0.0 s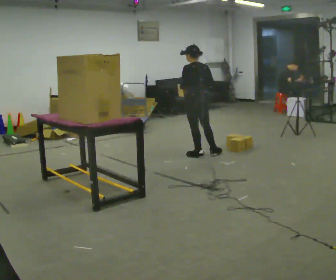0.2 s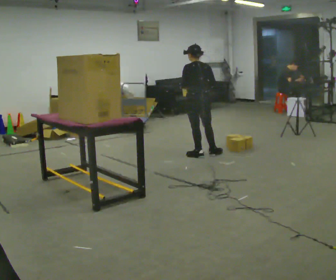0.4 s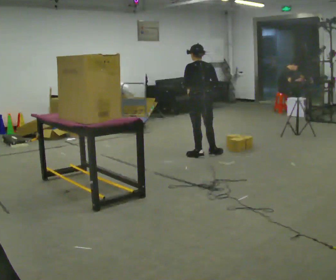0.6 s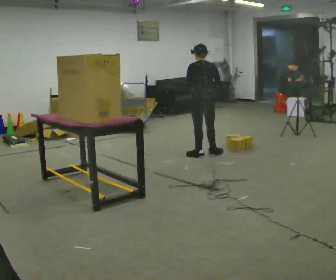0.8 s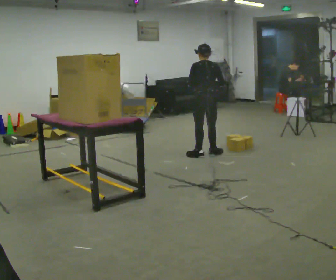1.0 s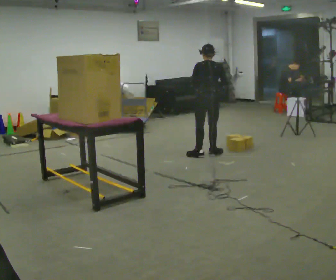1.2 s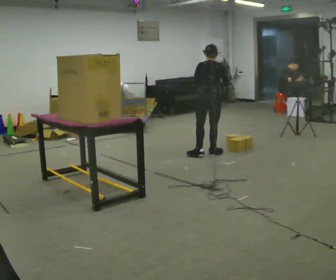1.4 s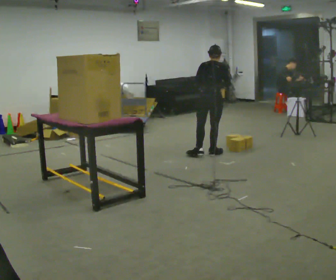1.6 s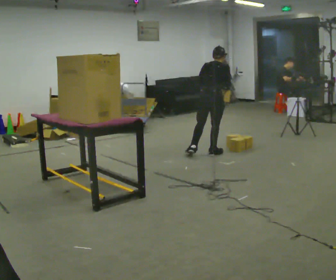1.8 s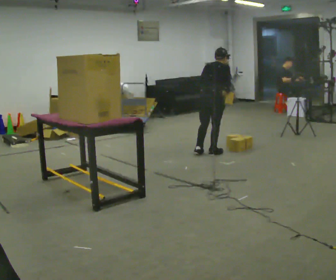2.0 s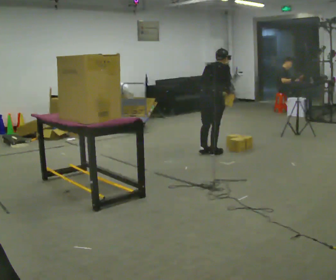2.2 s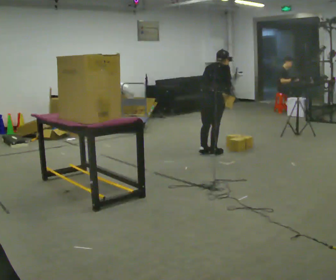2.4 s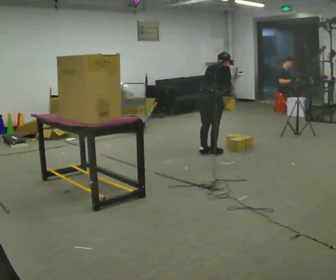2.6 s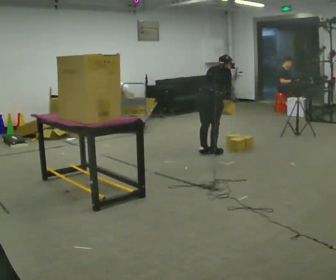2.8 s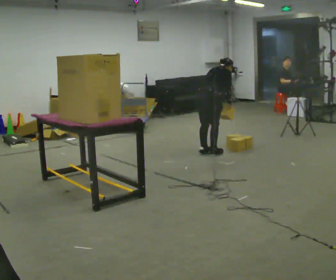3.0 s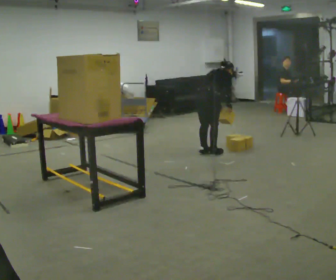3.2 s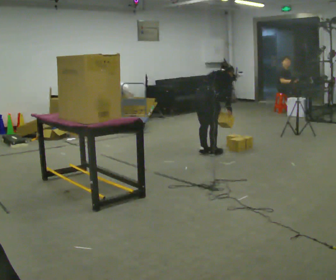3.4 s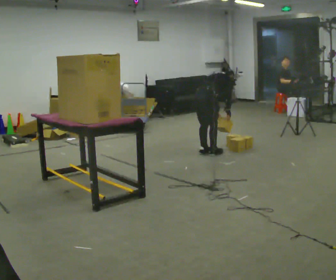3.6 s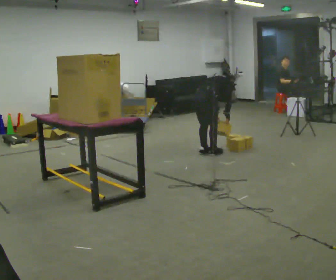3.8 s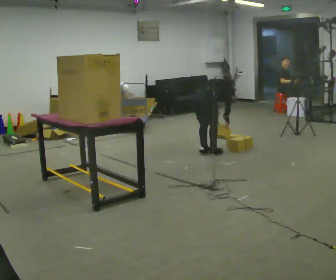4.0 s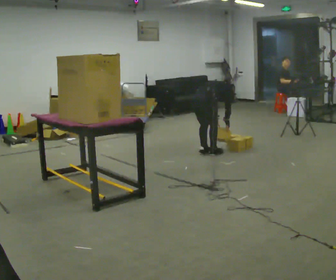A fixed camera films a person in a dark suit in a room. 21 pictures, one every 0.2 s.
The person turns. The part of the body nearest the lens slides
to the left.
The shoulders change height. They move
downward.
0.0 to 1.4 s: The person turns about 45 degrees to their right, clockwise seen from above, so the part of the body nearest the lens slides to the left. In the picture they go to the right, about 0.25 m, which for them is to their right. In the picture their right hand goes to the right.
1.4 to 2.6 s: The part of the body nearest the lens slides to the left as the person turns to their right by about 30 degrees. The upper body tips away from the camera, its near side rolling upward, as they bend forward.
2.6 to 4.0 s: The upper body goes downward. The upper body tips away from the camera, its near side rolling upward, as they bend forward. In the picture their right hand goes downward.
The film runs backward here.
